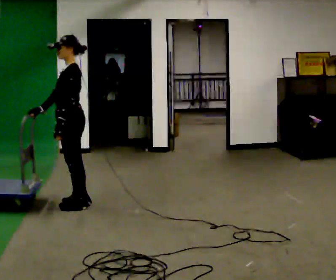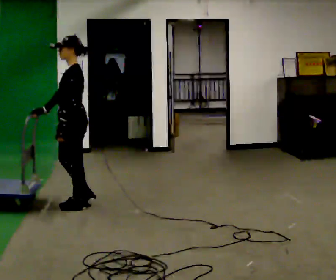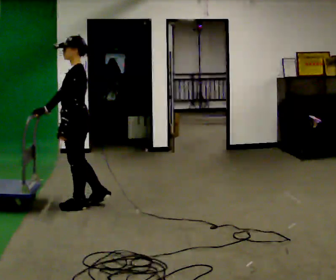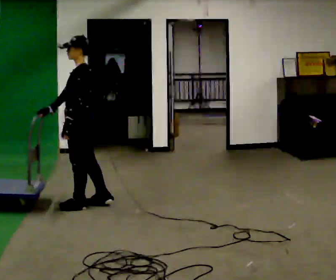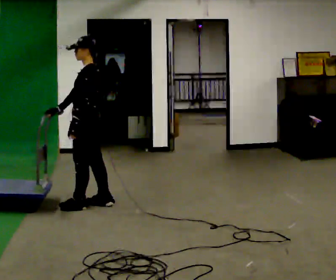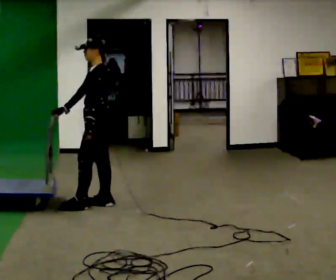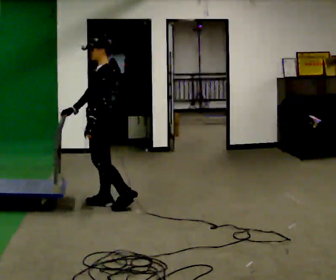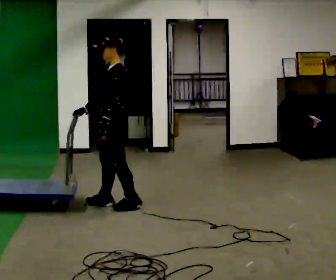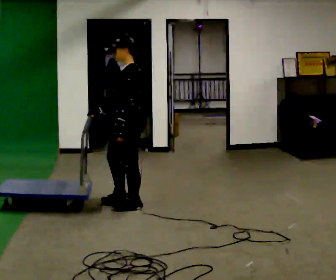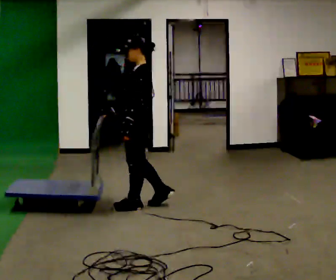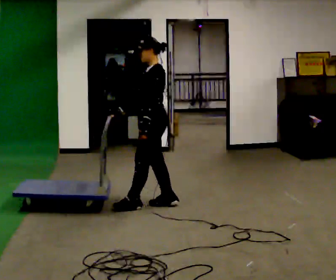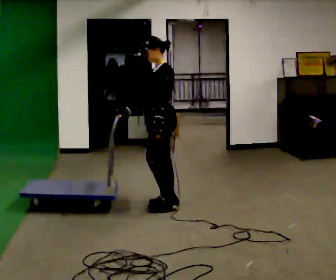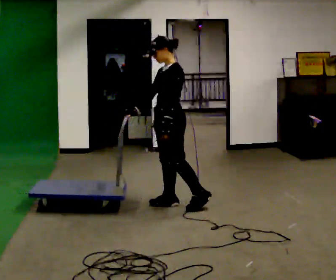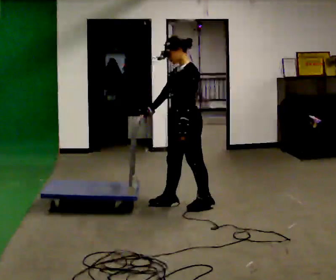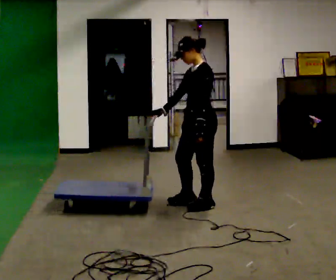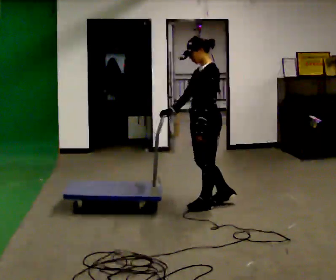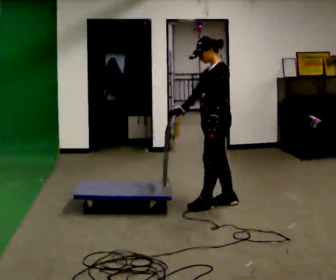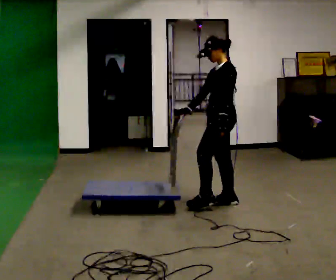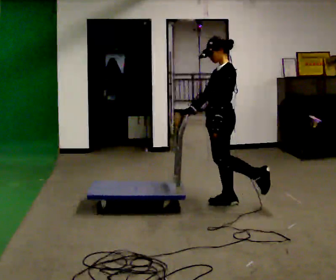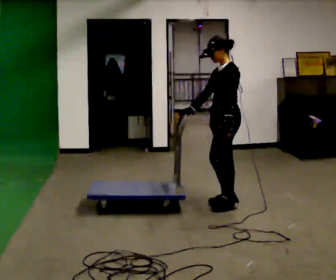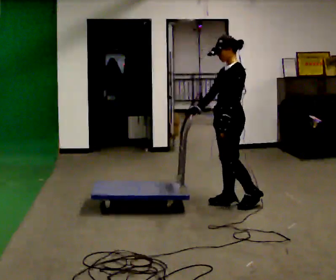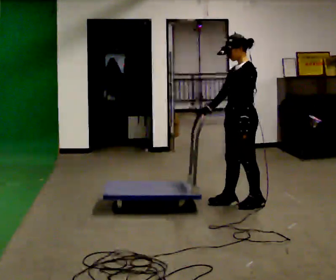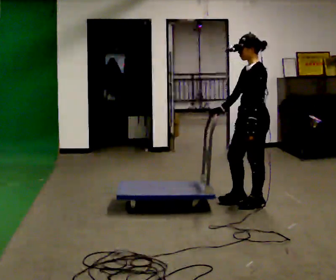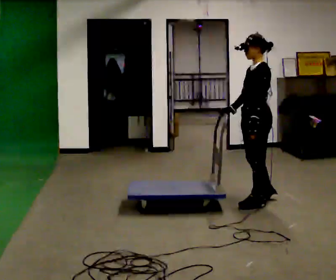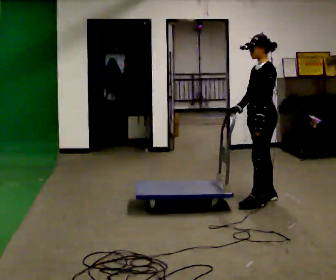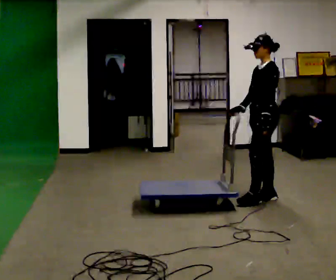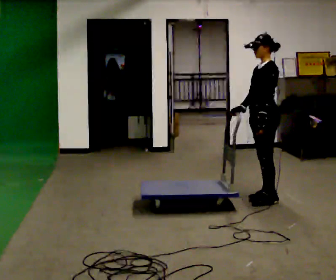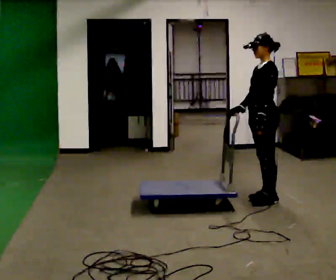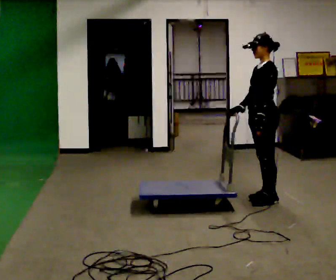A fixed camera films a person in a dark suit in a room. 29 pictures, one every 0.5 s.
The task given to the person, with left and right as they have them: Push the cart across the room using only the hand the operator calls. Keep your other arm at your side.
0.0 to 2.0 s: The person moves a little, or ends about where they began.
2.0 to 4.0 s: In the picture they go to the right, about 0.5 m in 1 step, which for them is backward and to their left.
4.0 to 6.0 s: In the picture they go to the right, about 0.25 m in 2 steps, which for them is backward.
6.0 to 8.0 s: In the picture they go to the right, about 0.5 m in 1 step, which for them is backward.
8.0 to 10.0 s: The person moves a little, or ends about where they began.
10.0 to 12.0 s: In the picture they go to the right, about 0.25 m in 1 step, which for them is backward.
12.0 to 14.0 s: The person moves a little, or ends about where they began.
The film runs forward here.
